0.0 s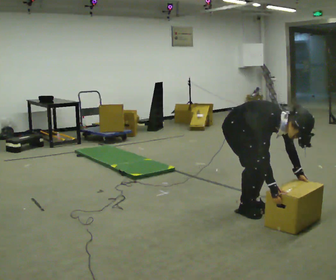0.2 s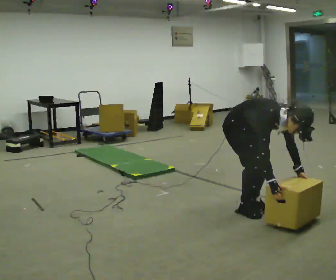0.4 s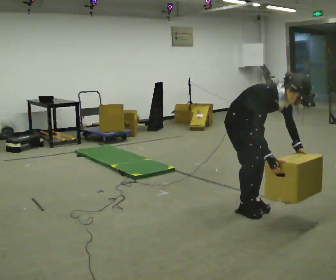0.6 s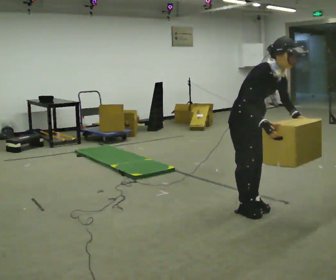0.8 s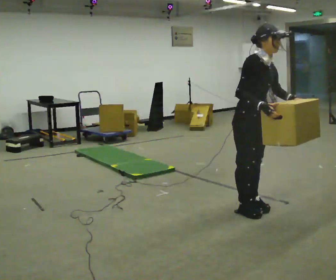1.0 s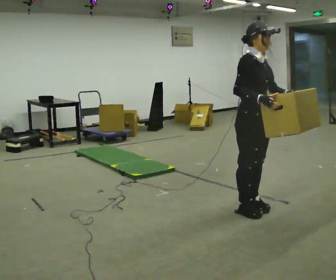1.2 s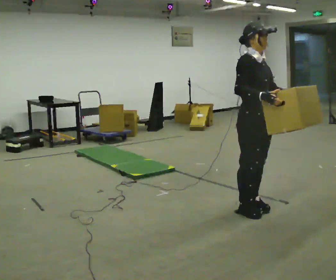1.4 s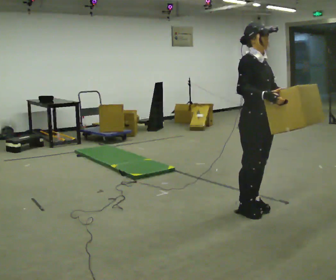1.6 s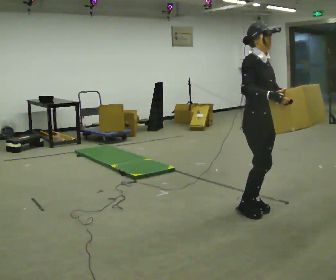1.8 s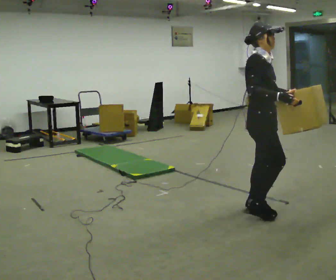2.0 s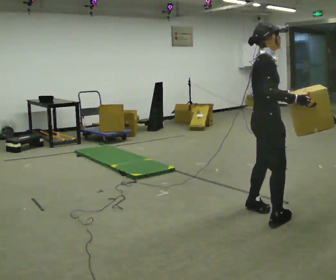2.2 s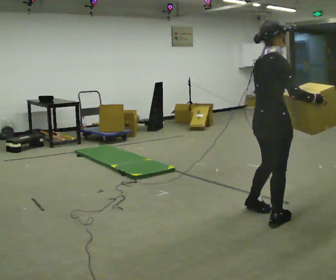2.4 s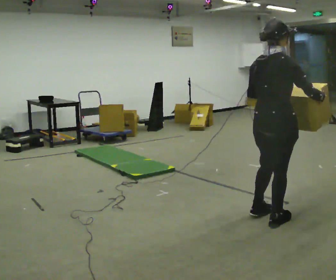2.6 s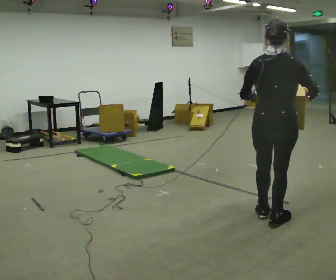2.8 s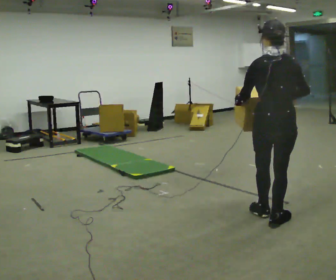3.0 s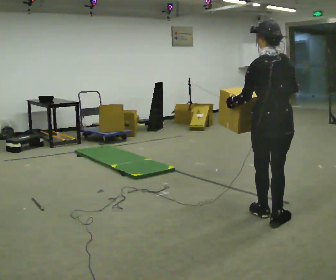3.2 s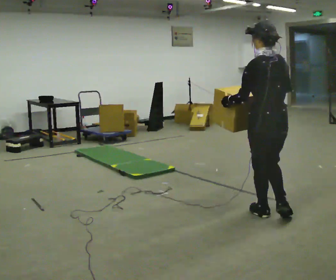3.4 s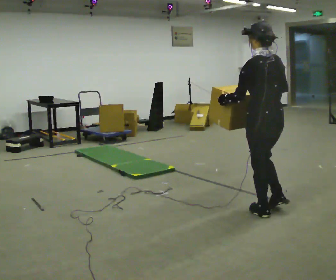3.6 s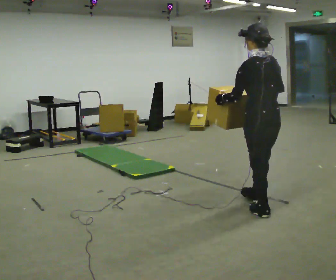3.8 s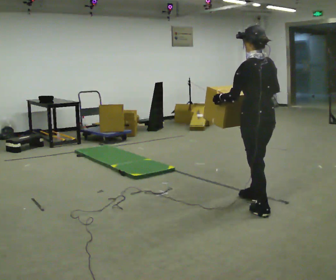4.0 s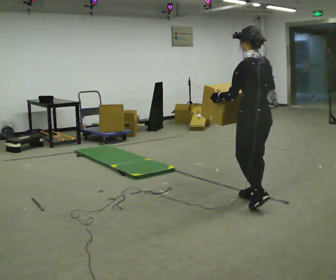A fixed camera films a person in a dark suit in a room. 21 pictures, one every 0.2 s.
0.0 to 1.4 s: The upper body goes upward. In the picture the upper body tilts counterclockwise, shoulders to the left, as they lean back or straighten. In the picture their right hand goes upward.
1.4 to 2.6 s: The person turns about 120 degrees to their left, counterclockwise seen from above, so the part of the body nearest the lens slides to the right. In the picture they go toward the camera and to the right, about 0.25 m in 2 steps.
2.6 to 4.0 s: Seen from above the body turns counterclockwise, about 60 degrees: to their left, with its near side sliding to the right. In the picture they go away from the camera, about 0.5 m in 1 step.
The film runs forward here.
